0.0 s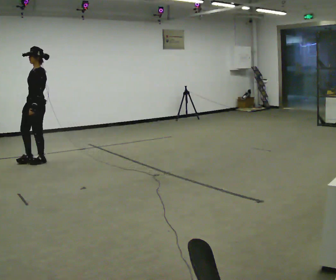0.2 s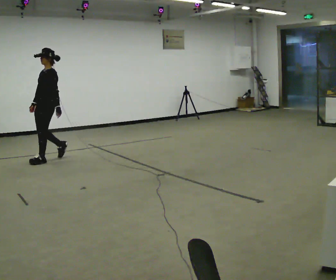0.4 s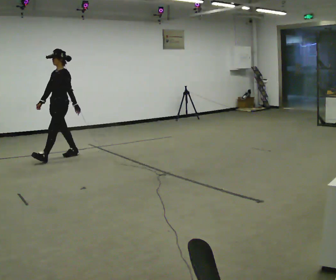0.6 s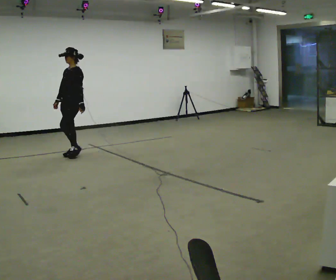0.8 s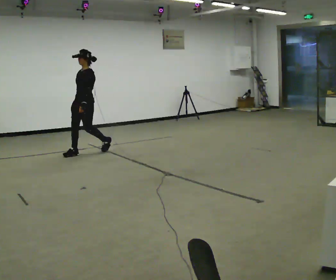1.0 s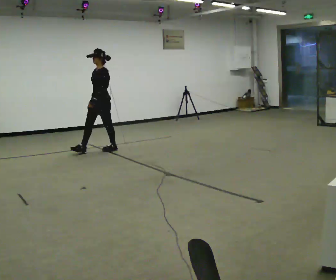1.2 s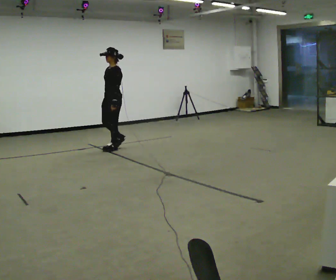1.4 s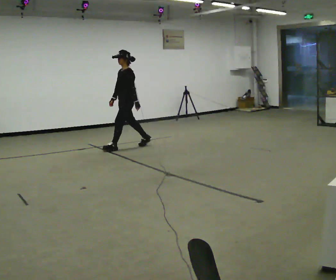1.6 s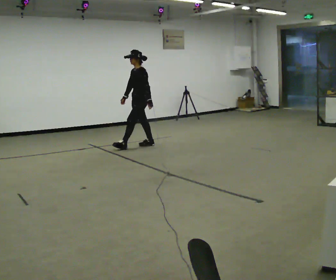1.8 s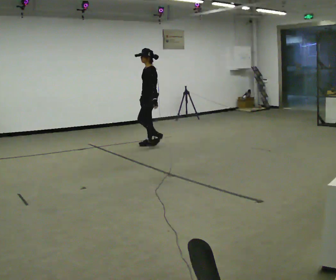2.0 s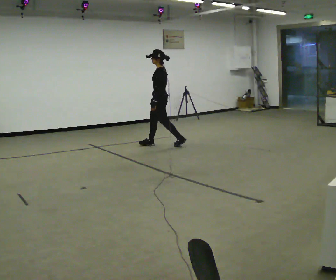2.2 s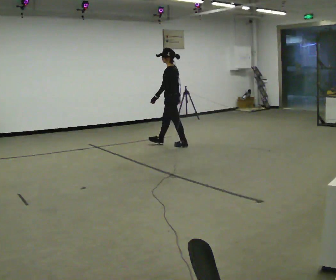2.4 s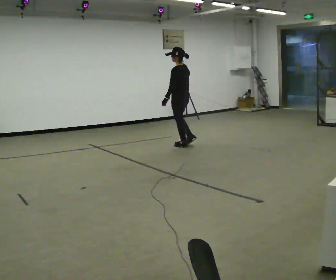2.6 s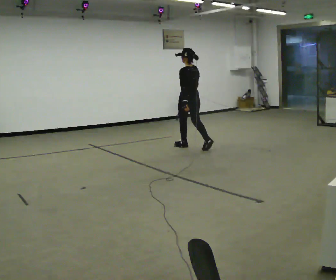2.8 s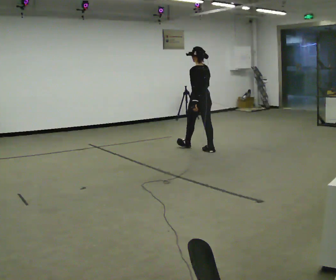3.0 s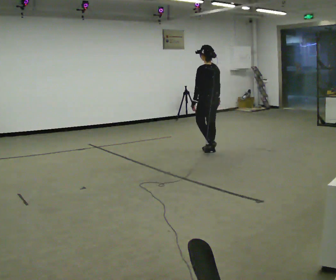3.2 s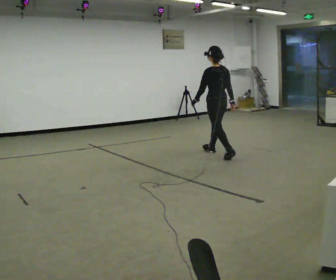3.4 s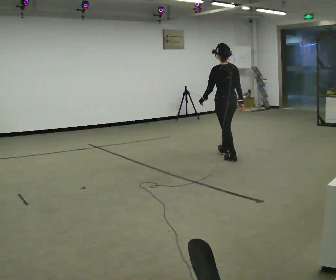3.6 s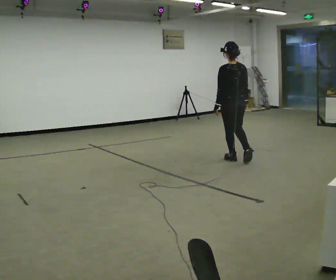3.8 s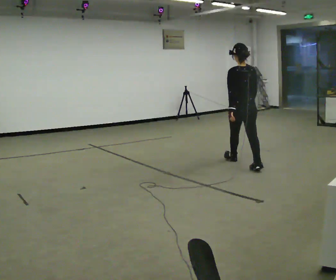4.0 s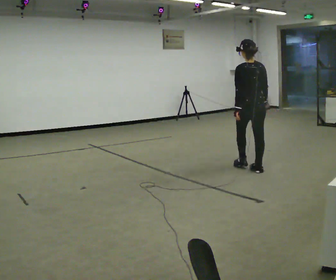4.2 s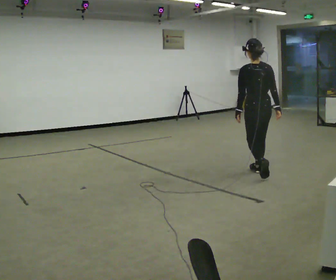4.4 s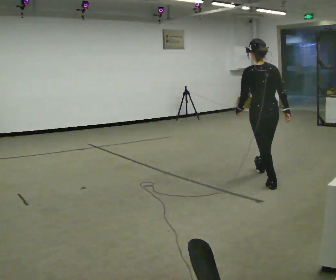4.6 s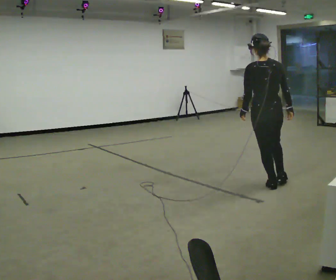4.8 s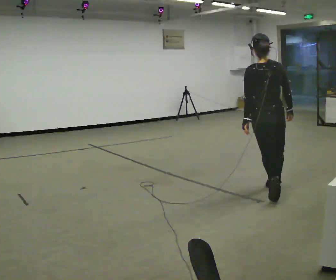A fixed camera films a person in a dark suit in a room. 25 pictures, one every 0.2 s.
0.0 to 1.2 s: In the picture they go to the right and away from the camera, about 1.5 m in 2 steps, which for them is backward.
1.2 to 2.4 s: The part of the body nearest the lens slides to the left as the person turns to their right by about 60 degrees. In the picture they go to the right, about 1 m in 2 steps.
2.4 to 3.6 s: The part of the body nearest the lens slides to the left as the person turns to their right by about 45 degrees. In the picture they go toward the camera and to the right, about 1.5 m in 2 steps, which for them is backward.
3.6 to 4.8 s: The person turns about 30 degrees to their right, clockwise seen from above, so the part of the body nearest the lens slides to the left. In the picture they go toward the camera, about 1.5 m in 2 steps, which for them is backward.
The film runs backward here.
